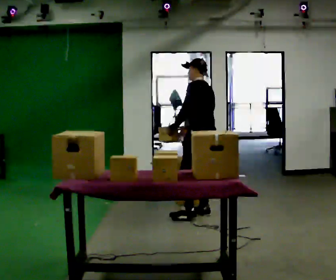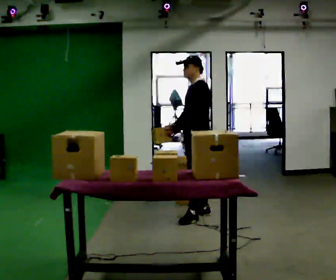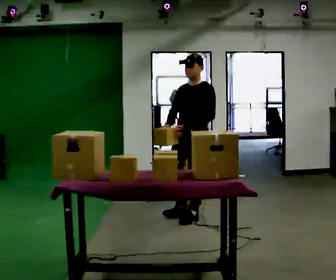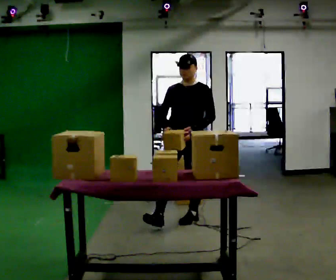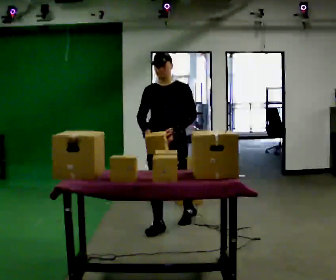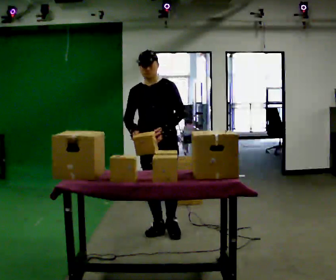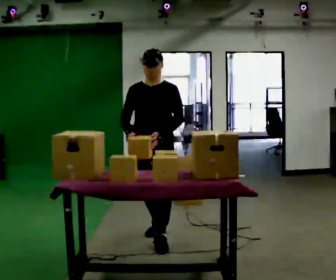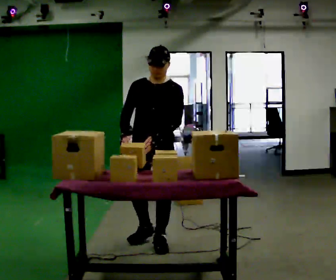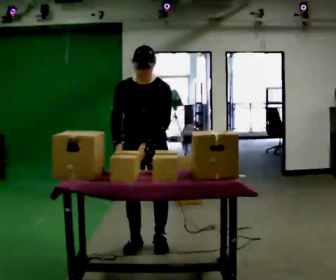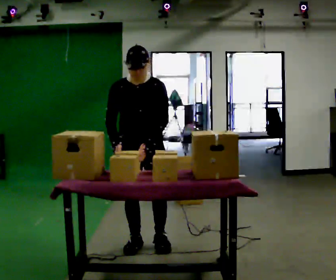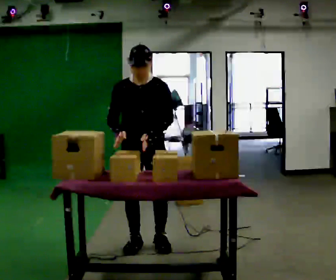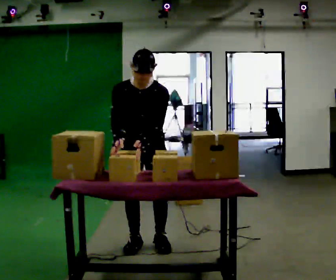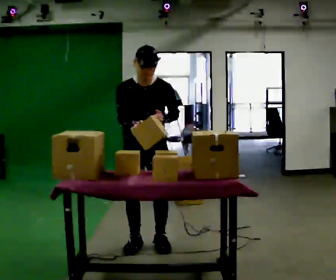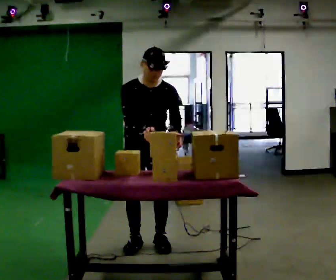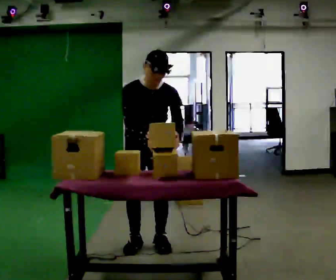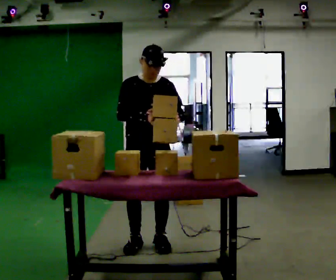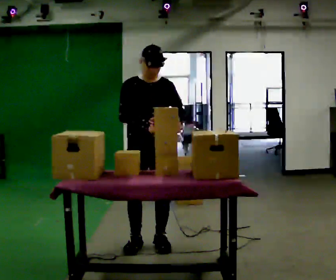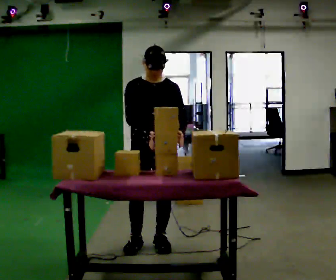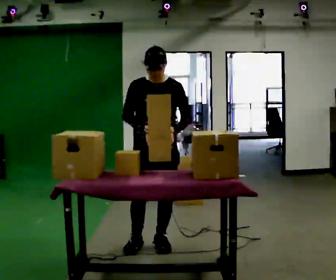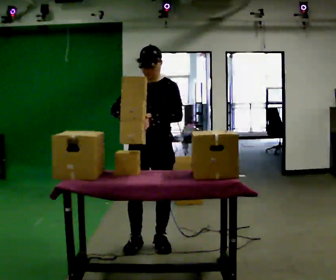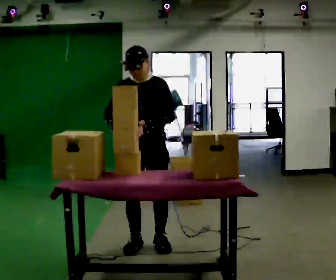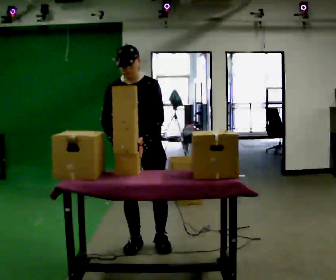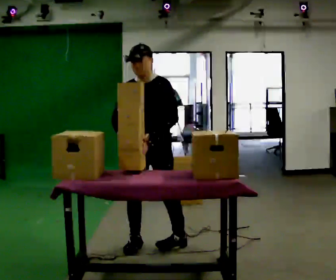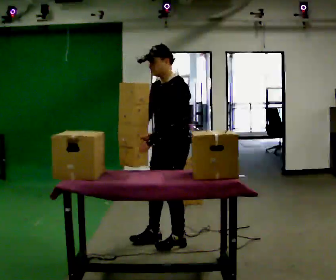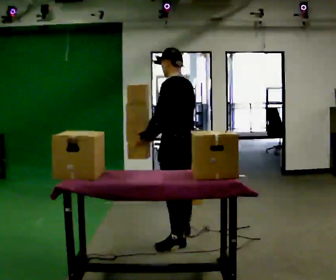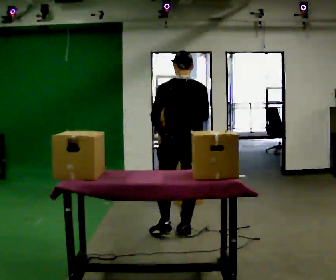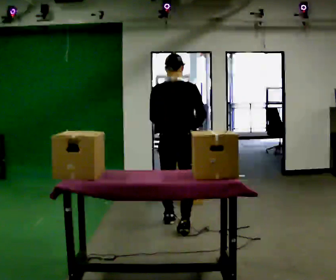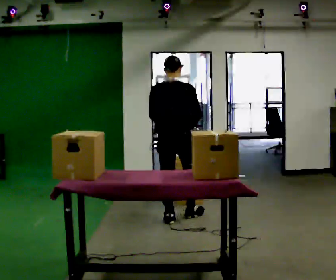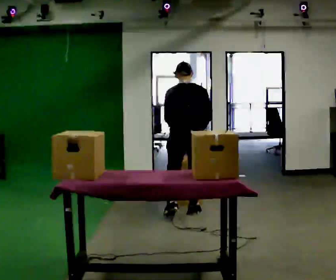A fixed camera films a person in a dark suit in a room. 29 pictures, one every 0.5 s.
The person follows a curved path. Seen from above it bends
counterclockwise.
0.0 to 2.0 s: The person turns about 105 degrees to their left, counterclockwise seen from above, so the part of the body nearest the lens slides to the right. In the picture they go toward the camera and to the left, about 0.75 m in 1 step.
2.0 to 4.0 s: In the picture they go toward the camera, about 0.5 m in 2 steps, which for them is forward.
4.0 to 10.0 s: The person moves a little, or ends about where they began.
10.0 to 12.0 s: Seen from above the body turns clockwise, about 120 degrees: to their right, with its near side sliding to the left. In the picture they go to the right, about 0.25 m in 2 steps.
12.0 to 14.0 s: Seen from above the body turns clockwise, about 60 degrees: to their right, with its near side sliding to the left. In the picture they go away from the camera, about 1 m in 2 steps.
The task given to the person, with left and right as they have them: Carry the object over and fit it into the gap between the two boxes already on the shelf, without touching either of them. Keep going until the operator says stop; one object at a time, and do not rush between trips.
The film runs forward here.
